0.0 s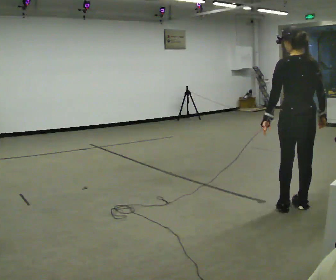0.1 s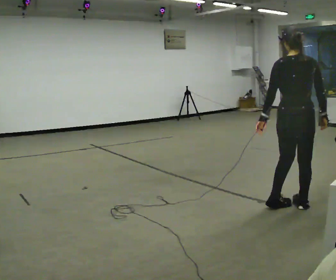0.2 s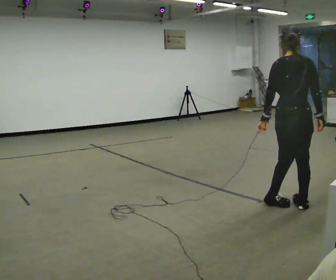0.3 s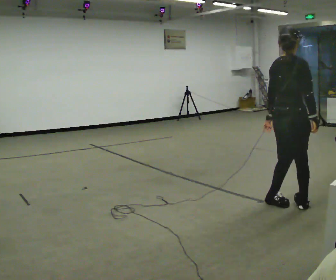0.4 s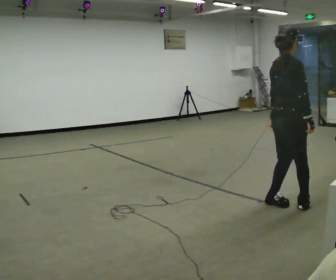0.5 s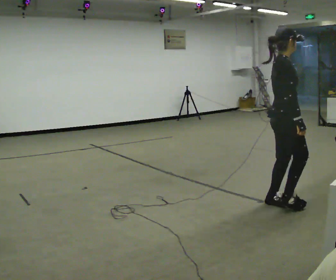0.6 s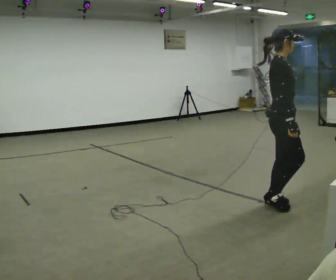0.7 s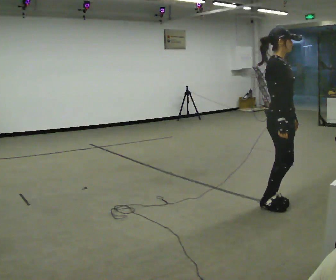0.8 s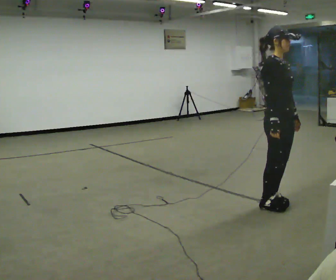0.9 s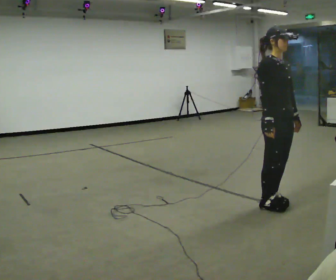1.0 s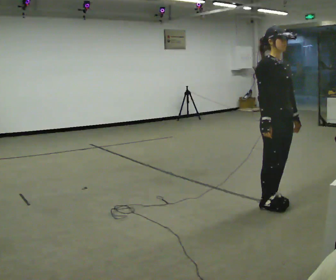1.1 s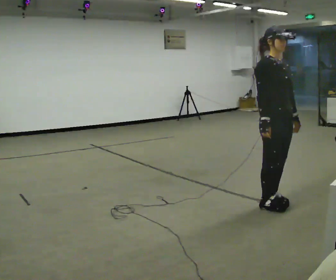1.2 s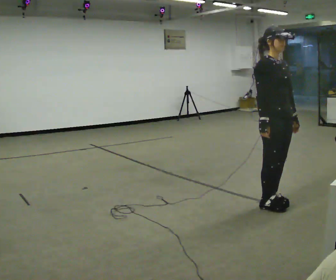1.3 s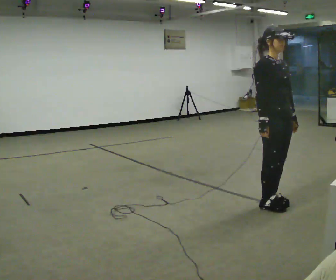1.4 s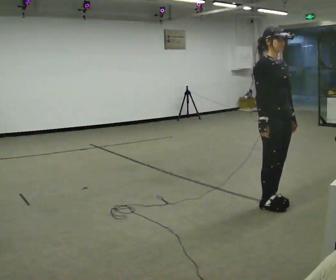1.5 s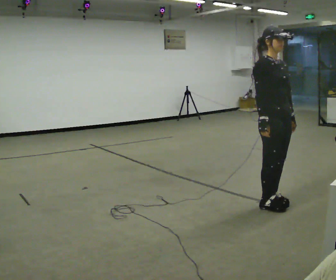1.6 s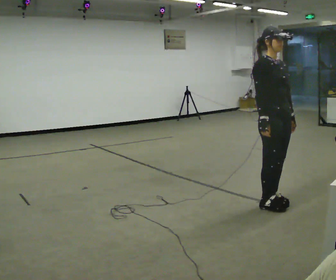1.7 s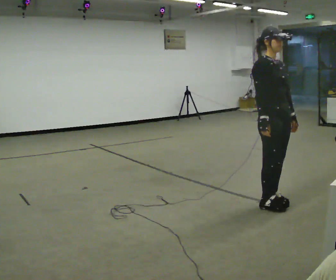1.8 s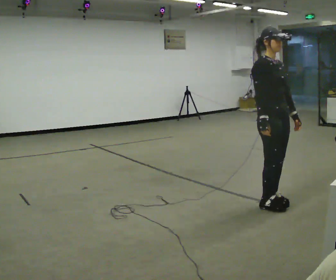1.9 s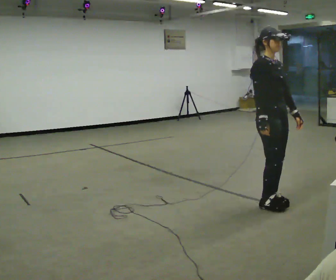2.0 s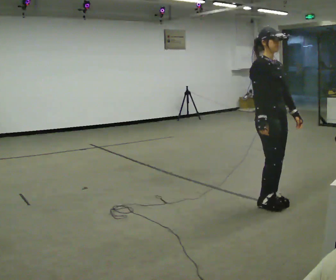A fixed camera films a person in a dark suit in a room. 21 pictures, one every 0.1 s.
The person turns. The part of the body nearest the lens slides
to the left.
The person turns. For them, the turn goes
to their right.
0.0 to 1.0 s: The part of the body nearest the lens slides to the left as the person turns to their right by about 150 degrees. In the picture they go to the left, about 0.25 m in 1 step.
1.0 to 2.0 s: The person moves a little, or ends about where they began.
The film runs backward here.
